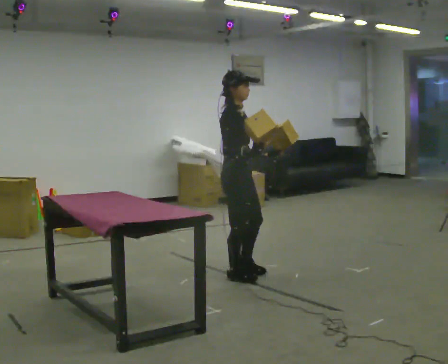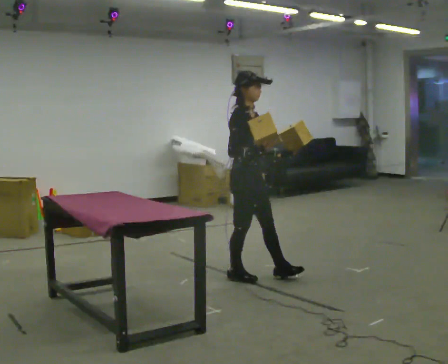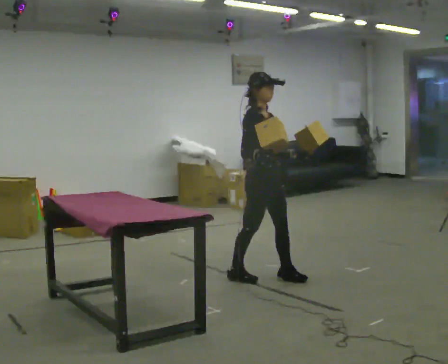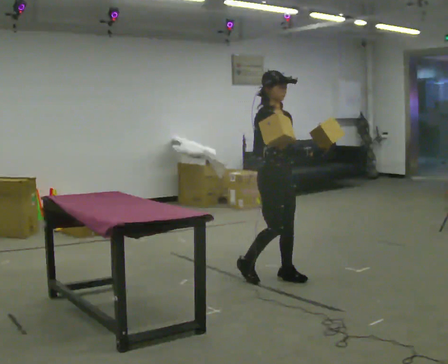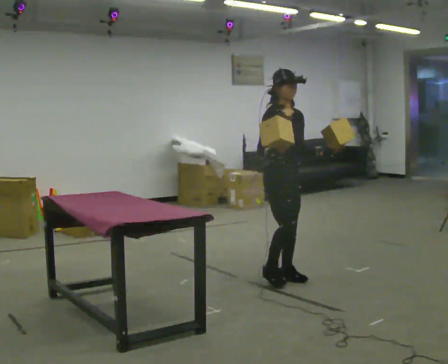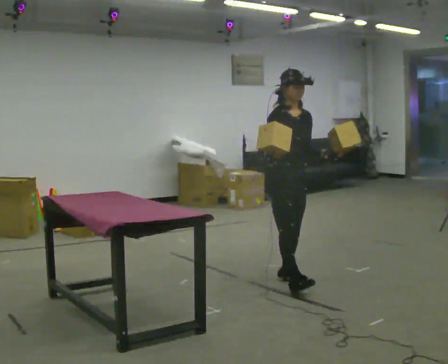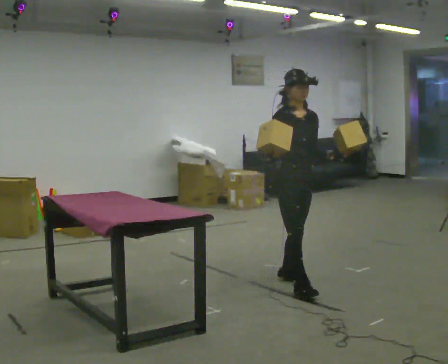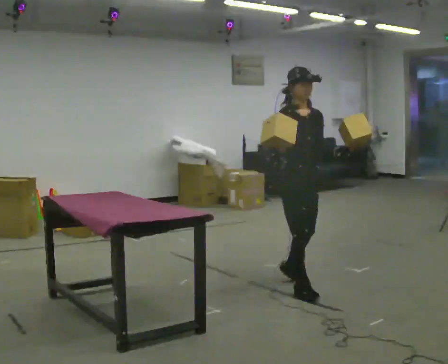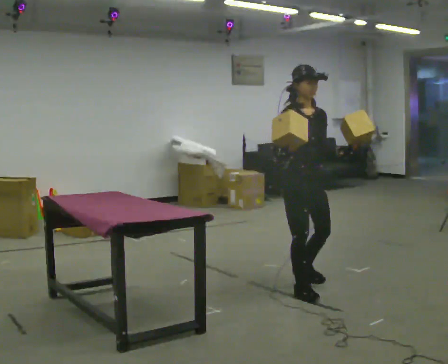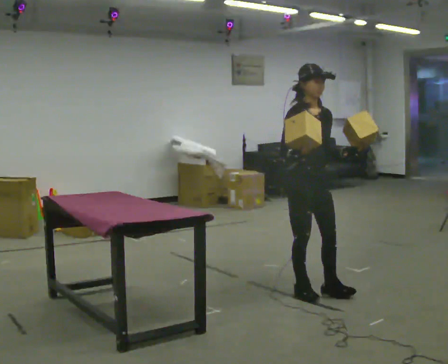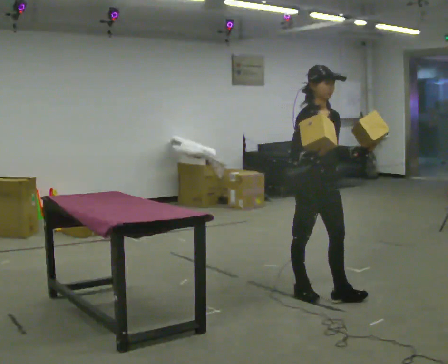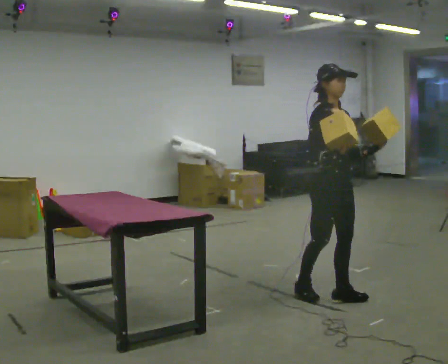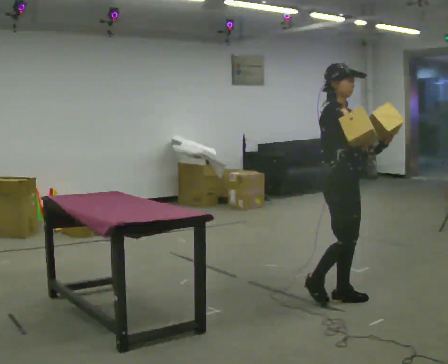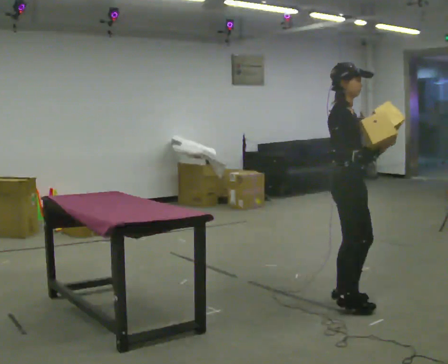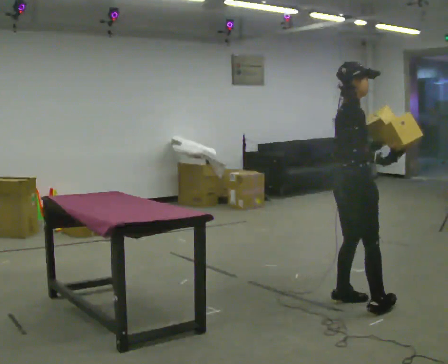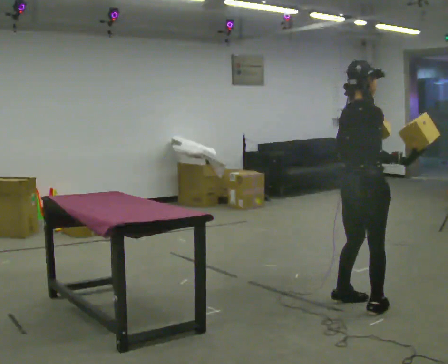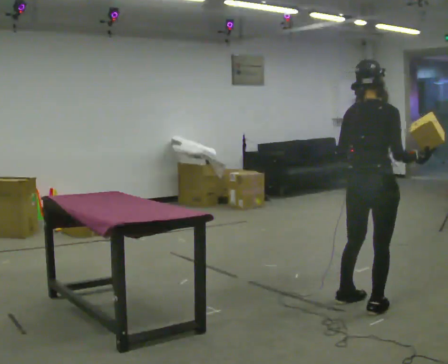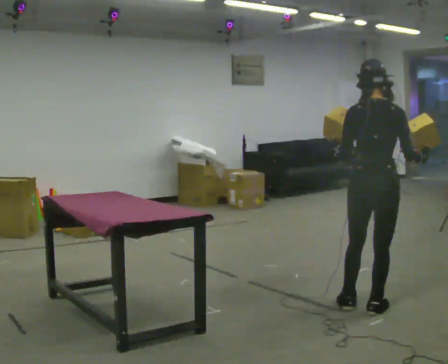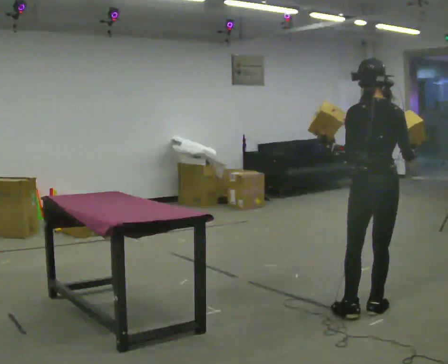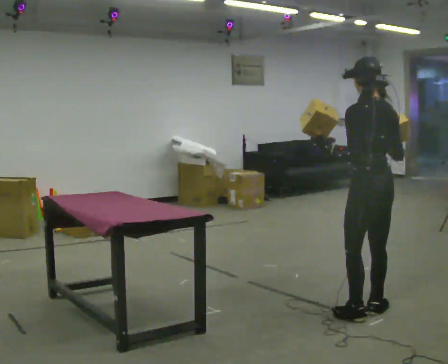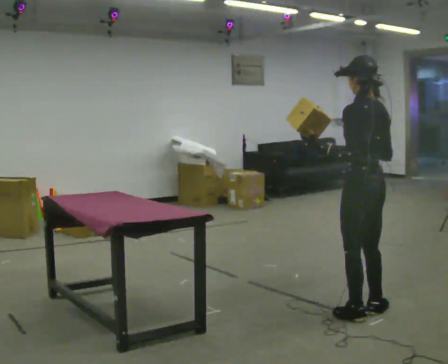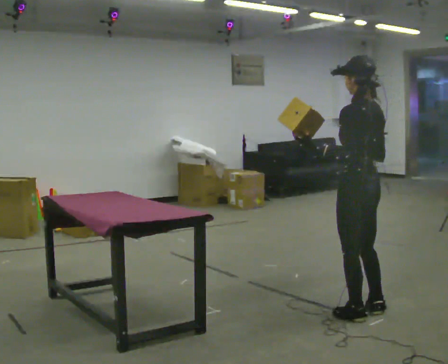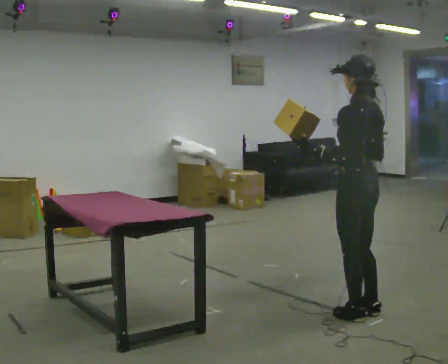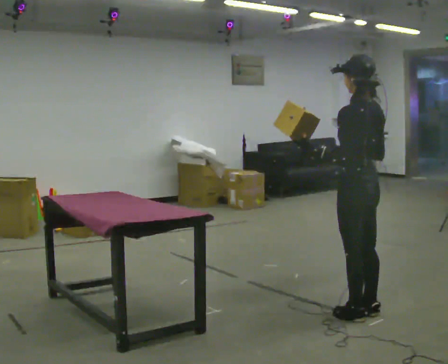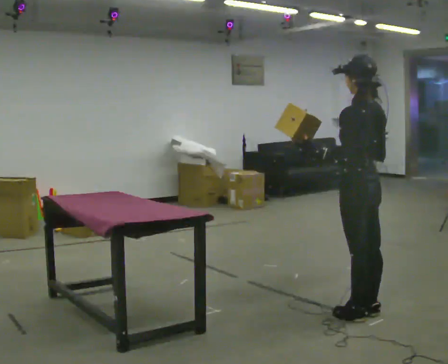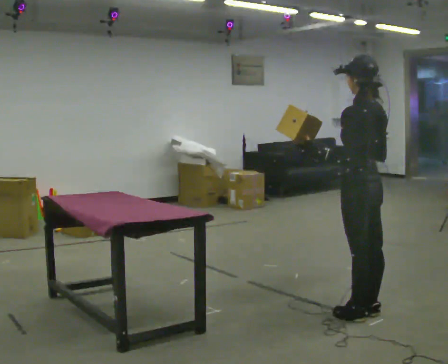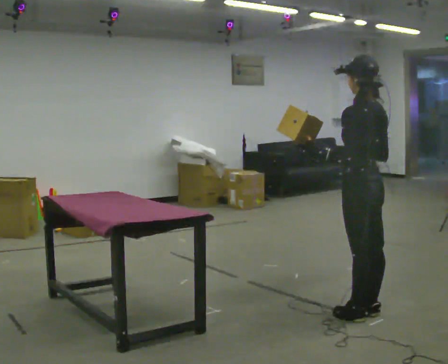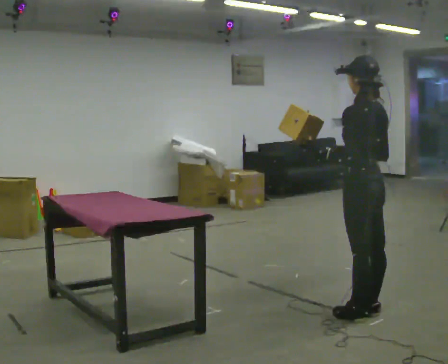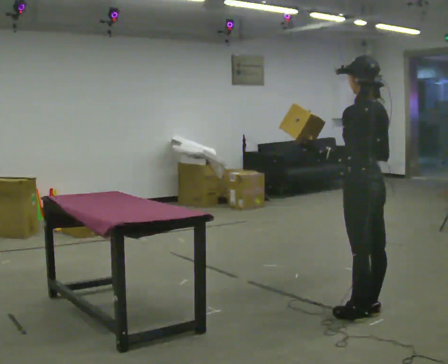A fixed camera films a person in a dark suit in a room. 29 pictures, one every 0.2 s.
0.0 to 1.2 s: The person turns about 45 degrees to their right, clockwise seen from above, so the part of the body nearest the lens slides to the left. In the picture they go to the right, about 0.5 m in 2 steps, which for them is forward and to their left.
1.2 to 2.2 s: In the picture they go toward the camera and to the right, about 0.5 m in 1 step, which for them is forward.
2.2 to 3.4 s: The person turns about 135 degrees to their left, counterclockwise seen from above, so the part of the body nearest the lens slides to the right. In the picture they go toward the camera and to the right, about 0.5 m in 1 step.
3.4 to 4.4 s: Seen from above the body turns counterclockwise, about 45 degrees: to their left, with its near side sliding to the right. In the picture their right hand goes to the left.
4.4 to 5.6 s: The person moves a little, or ends about where they began.
The film runs forward here.
